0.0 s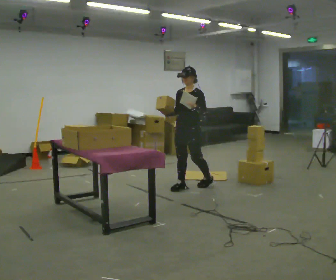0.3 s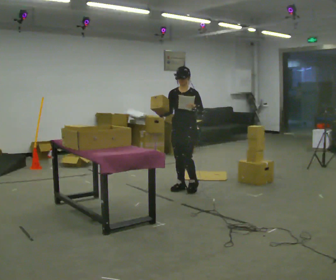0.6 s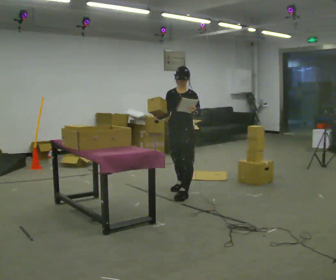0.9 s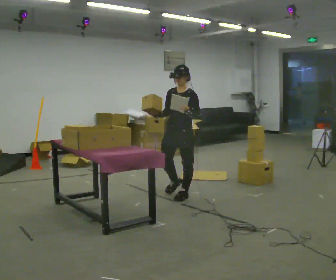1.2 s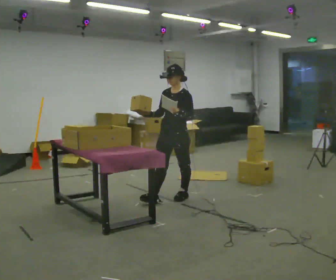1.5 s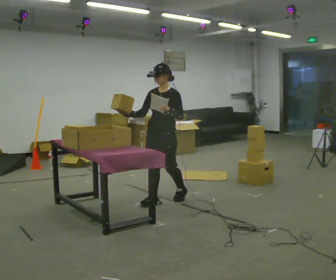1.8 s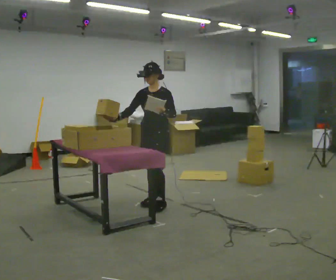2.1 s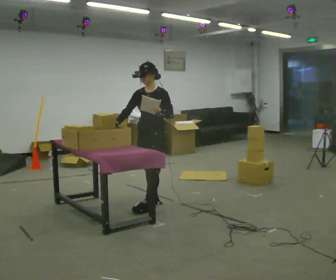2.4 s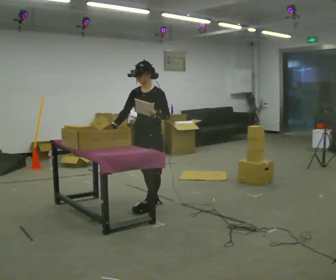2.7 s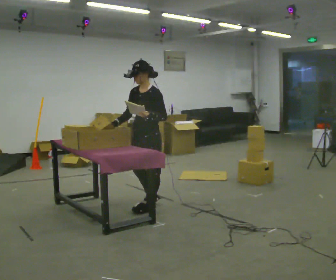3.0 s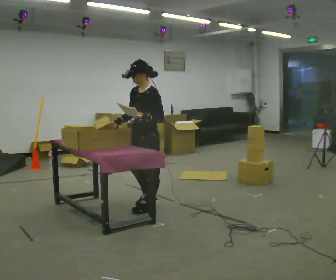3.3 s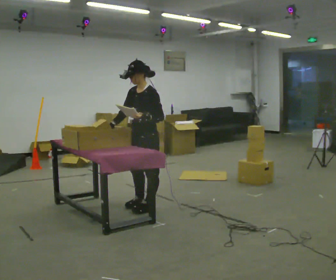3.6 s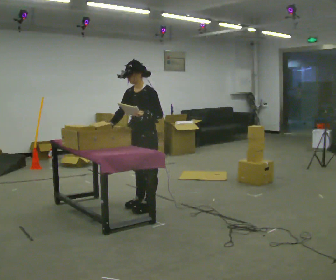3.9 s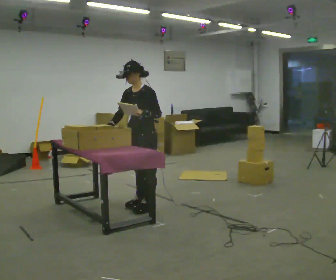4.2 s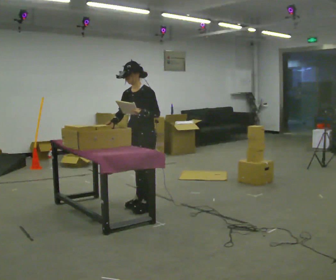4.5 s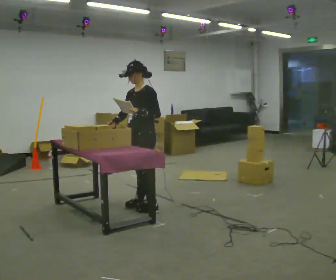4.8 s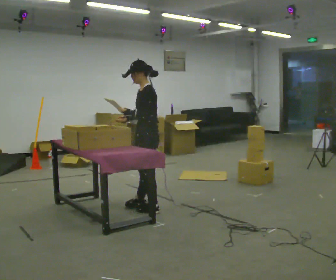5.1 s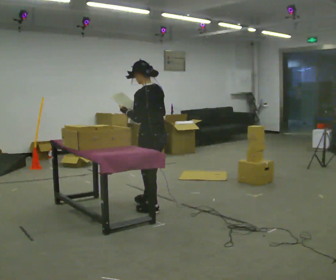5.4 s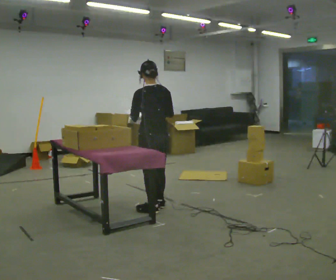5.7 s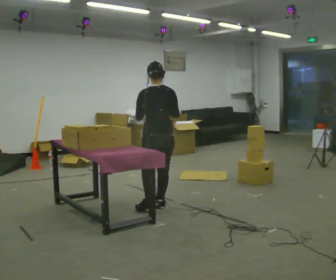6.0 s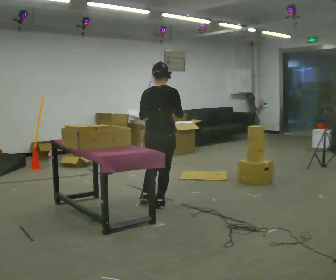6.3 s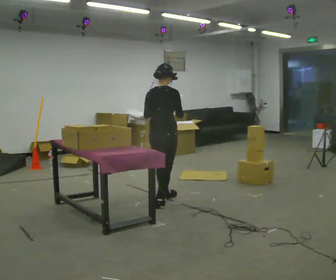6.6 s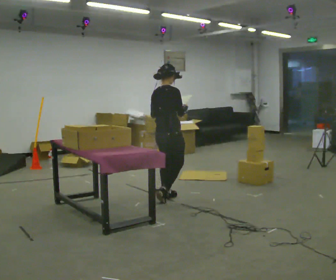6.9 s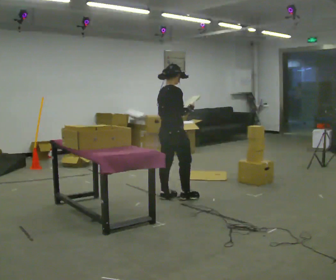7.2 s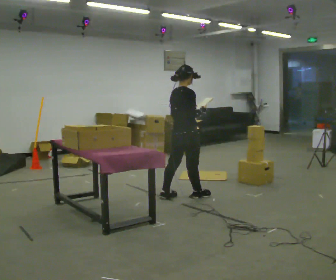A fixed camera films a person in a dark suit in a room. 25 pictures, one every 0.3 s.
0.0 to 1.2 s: In the picture they go toward the camera and to the left, about 0.5 m in 1 step, which for them is forward.
1.2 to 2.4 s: In the picture they go toward the camera and to the left, about 0.5 m in 2 steps, which for them is forward.
2.4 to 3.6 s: The person moves a little, or ends about where they began.
3.6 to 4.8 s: The person turns about 45 degrees to their right, clockwise seen from above, so the part of the body nearest the lens slides to the left.
4.8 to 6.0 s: The person turns about 105 degrees to their right, clockwise seen from above, so the part of the body nearest the lens slides to the left.
6.0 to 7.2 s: The part of the body nearest the lens slides to the left as the person turns to their right by about 45 degrees. In the picture they go away from the camera and to the right, about 0.5 m in 2 steps, which for them is forward.
The film runs forward here.
